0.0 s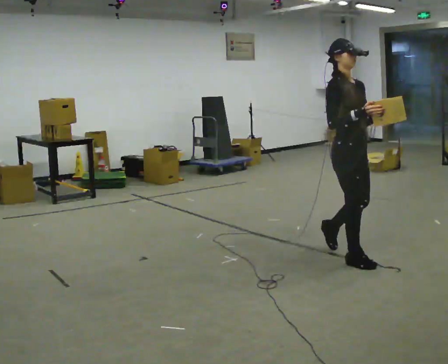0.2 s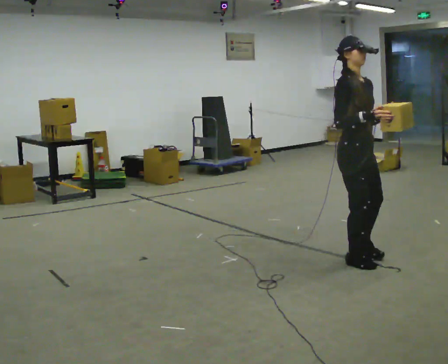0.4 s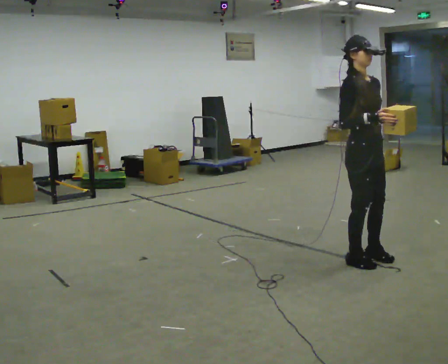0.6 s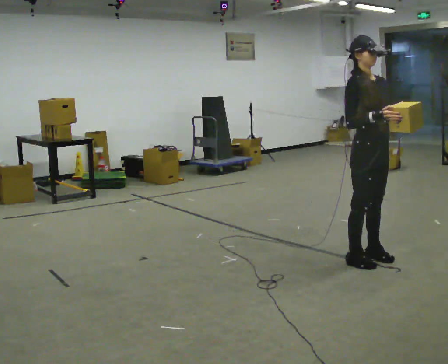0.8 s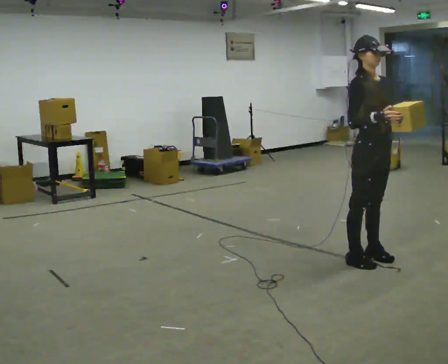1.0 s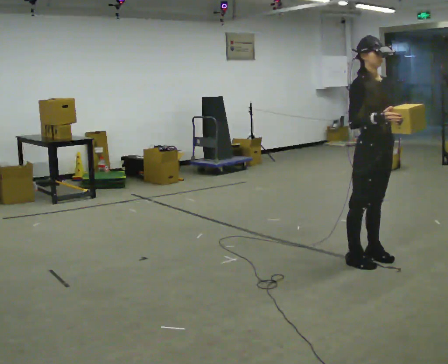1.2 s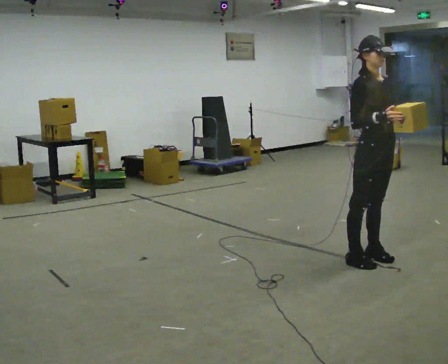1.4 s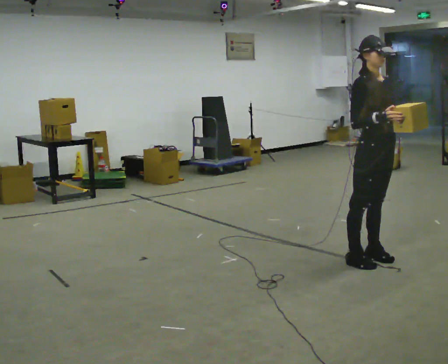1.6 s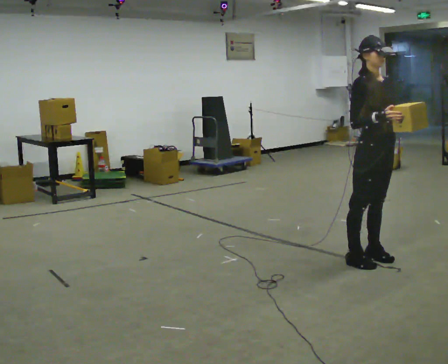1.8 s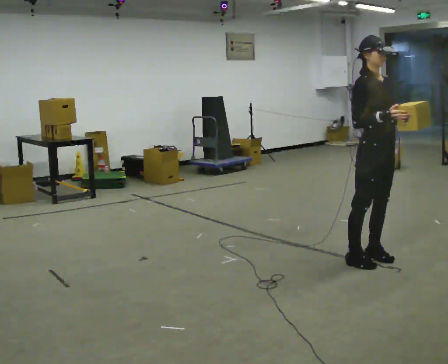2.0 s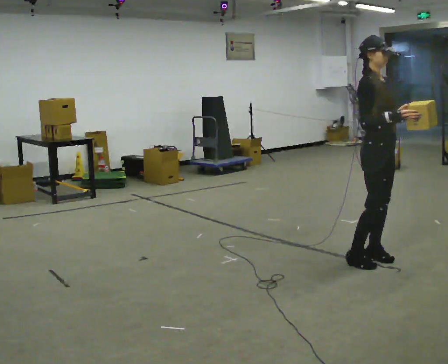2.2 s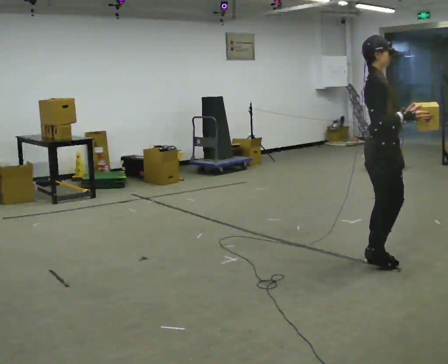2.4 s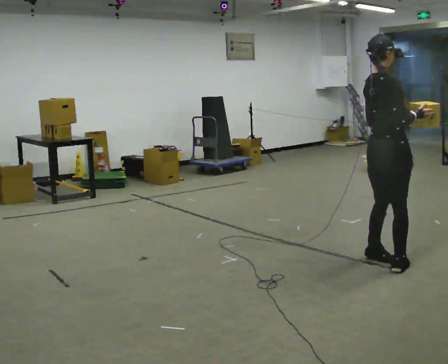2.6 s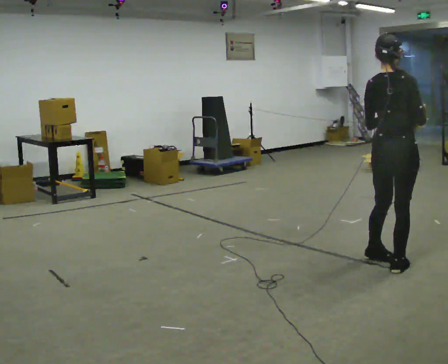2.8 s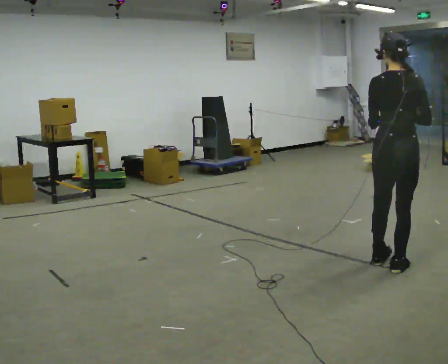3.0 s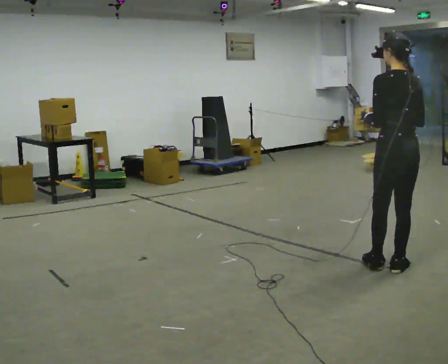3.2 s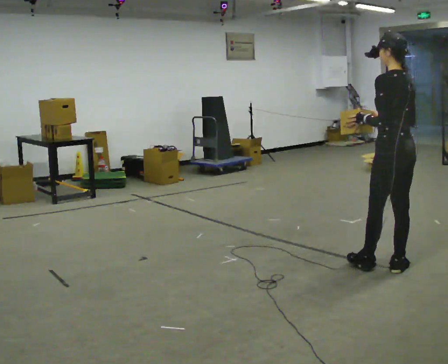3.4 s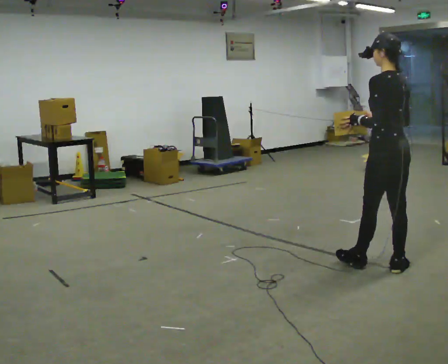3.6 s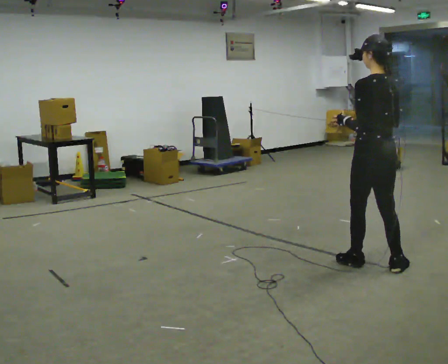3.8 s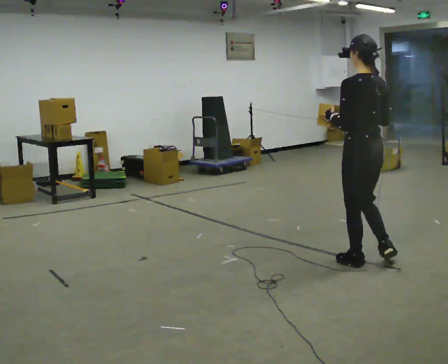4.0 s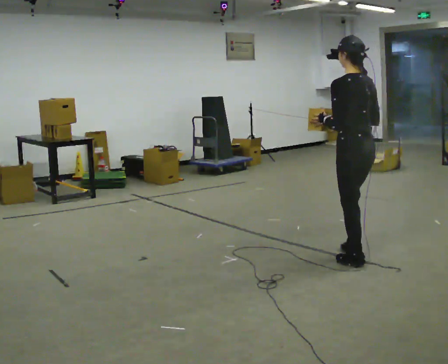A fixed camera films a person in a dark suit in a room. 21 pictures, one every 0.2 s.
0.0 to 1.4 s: In the picture they go to the right, about 0.25 m in 1 step, which for them is forward.
1.4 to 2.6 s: Seen from above the body turns counterclockwise, about 120 degrees: to their left, with its near side sliding to the right.
2.6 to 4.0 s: Seen from above the body turns counterclockwise, about 75 degrees: to their left, with its near side sliding to the right. In the picture they go to the left, about 0.25 m in 1 step.
The film runs forward here.
